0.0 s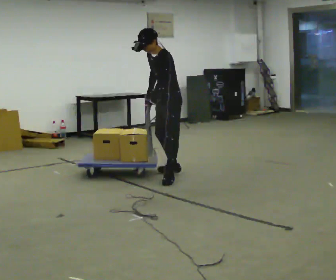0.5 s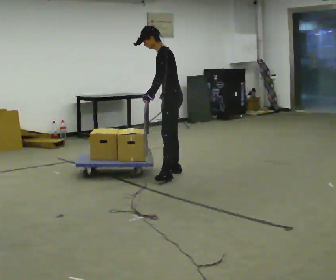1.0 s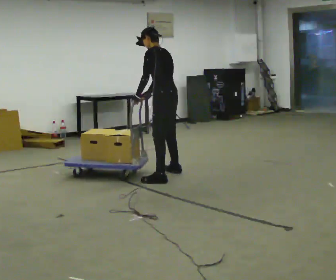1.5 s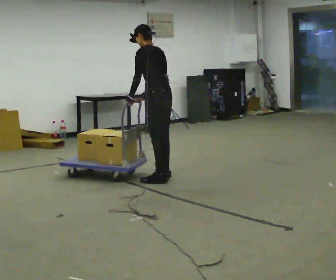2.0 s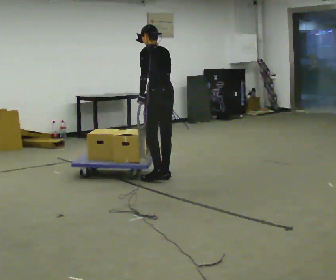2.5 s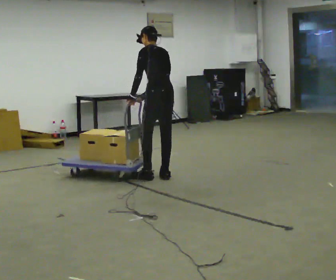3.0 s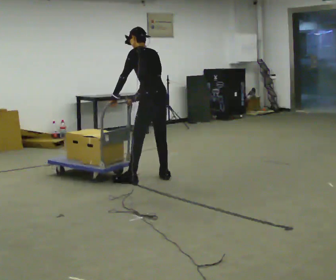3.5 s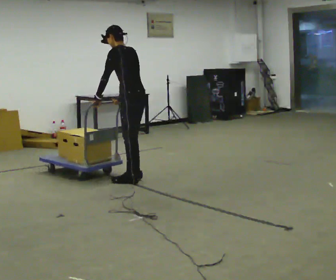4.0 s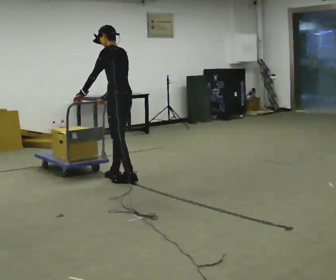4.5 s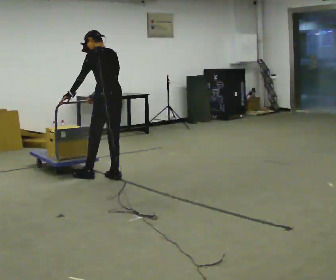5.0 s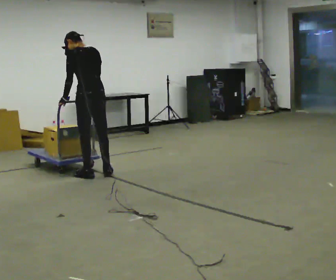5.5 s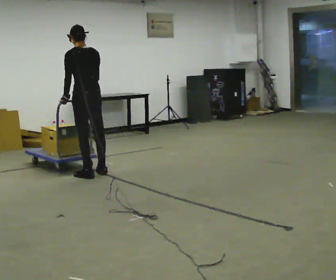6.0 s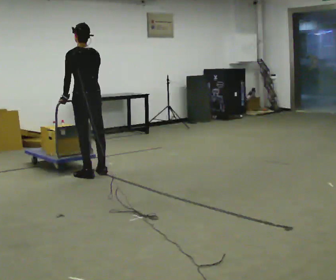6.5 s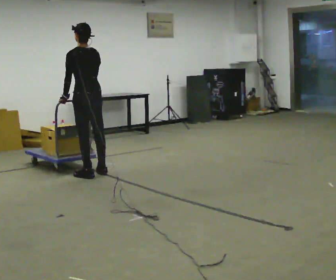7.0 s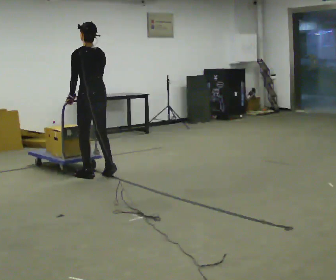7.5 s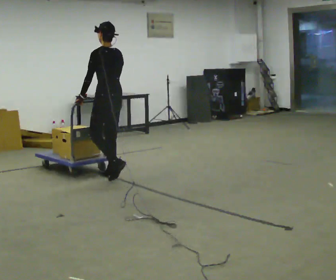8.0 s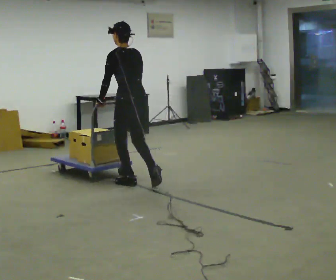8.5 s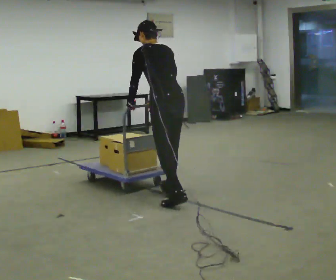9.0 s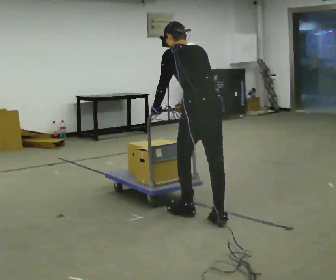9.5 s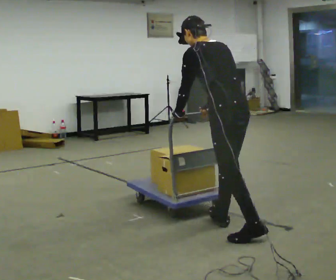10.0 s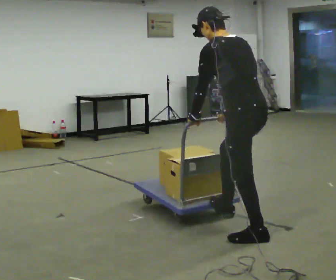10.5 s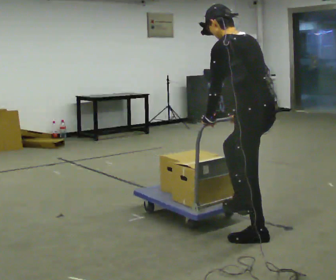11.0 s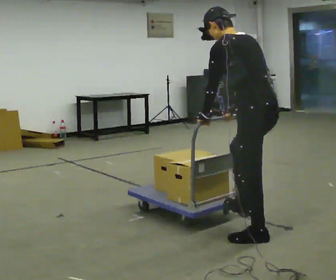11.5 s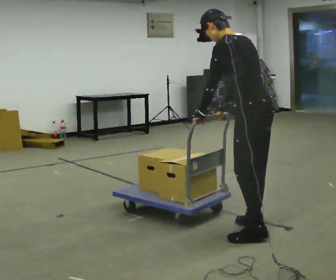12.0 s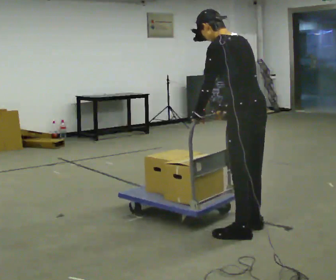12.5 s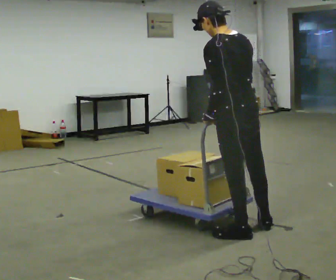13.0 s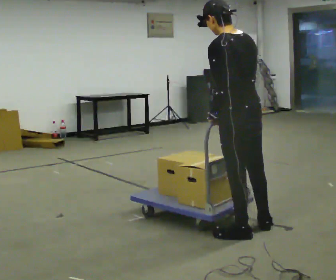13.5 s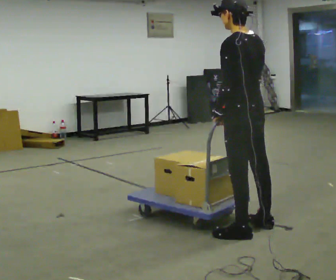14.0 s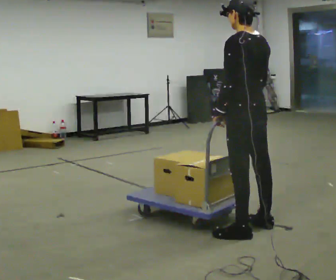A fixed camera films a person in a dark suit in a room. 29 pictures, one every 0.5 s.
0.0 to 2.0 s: The person turns about 75 degrees to their right, clockwise seen from above, so the part of the body nearest the lens slides to the left. The upper body tips away from the camera, its near side rolling upward.
2.0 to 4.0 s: In the picture they go to the left, about 0.5 m in 2 steps, which for them is to their left and forward.
4.0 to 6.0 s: Seen from above the body turns clockwise, about 30 degrees: to their right, with its near side sliding to the left. In the picture they go to the left and away from the camera, about 0.5 m in 2 steps, which for them is forward and to their left.
6.0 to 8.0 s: In the picture they go toward the camera and to the right, about 0.5 m in 3 steps, which for them is backward.
8.0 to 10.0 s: In the picture they go toward the camera, about 2 m in 3 steps, which for them is backward.
10.0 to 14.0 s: In the picture they go away from the camera, about 0.25 m in 1 step, which for them is to their right.
The film runs backward here.
